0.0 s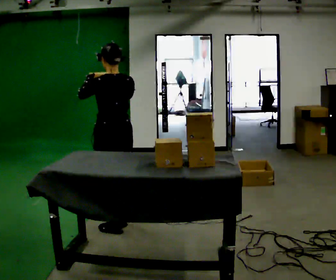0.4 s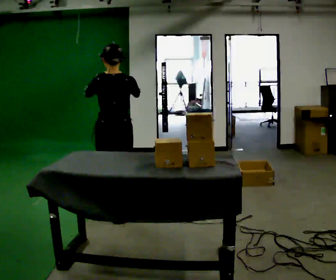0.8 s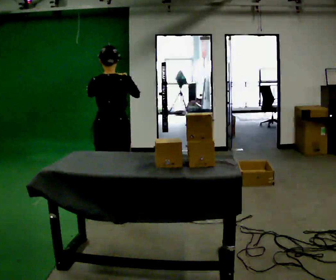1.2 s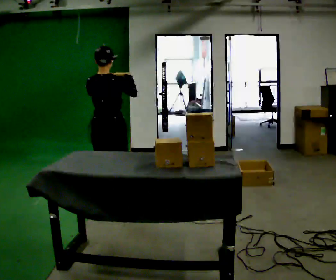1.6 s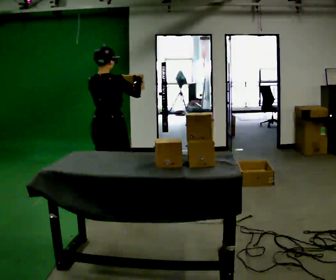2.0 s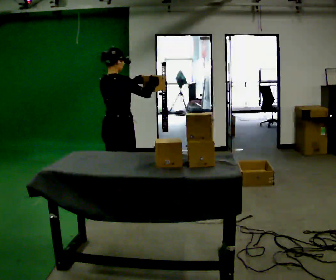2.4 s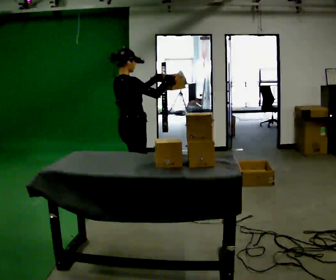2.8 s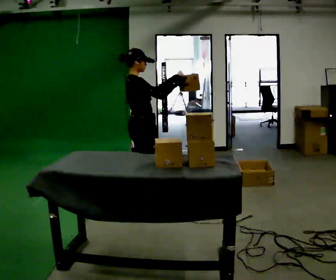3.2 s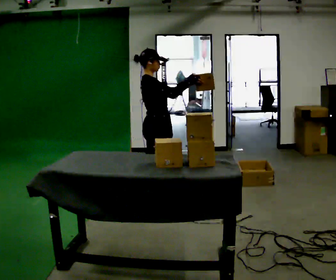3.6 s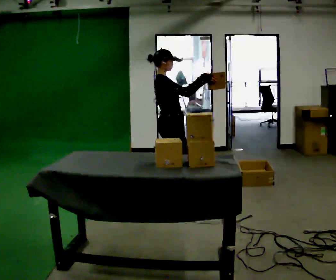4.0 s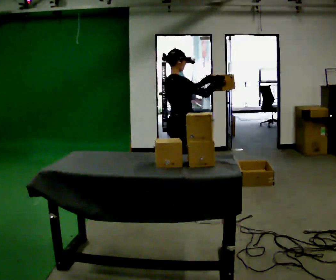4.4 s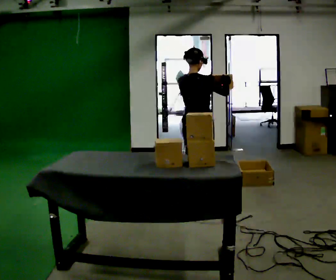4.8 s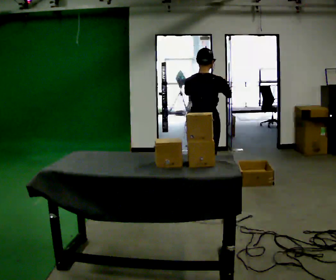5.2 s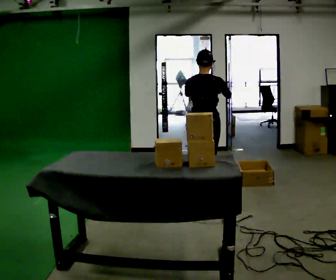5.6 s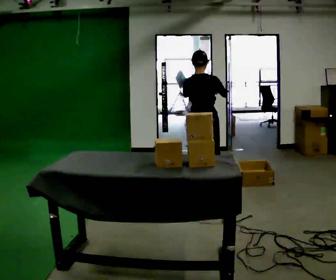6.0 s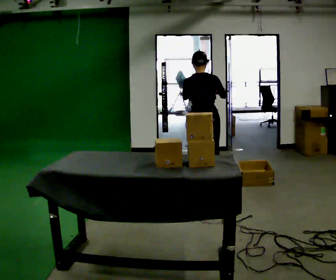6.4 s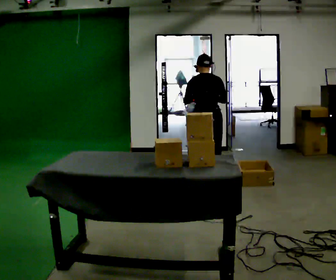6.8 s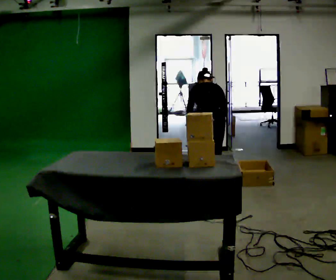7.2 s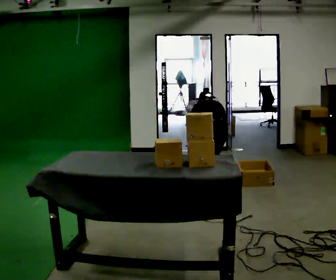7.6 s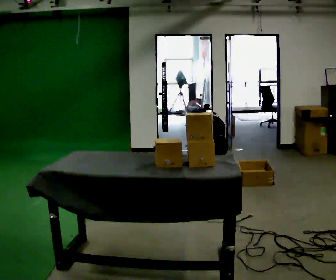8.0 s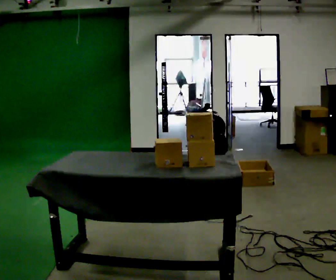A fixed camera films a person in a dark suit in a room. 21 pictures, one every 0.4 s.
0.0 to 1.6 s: Seen from above the body turns clockwise, about 45 degrees: to their right, with its near side sliding to the left. In the picture they go away from the camera, about 0.5 m in 1 step, which for them is forward.
1.6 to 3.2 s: Seen from above the body turns clockwise, about 75 degrees: to their right, with its near side sliding to the left. In the picture they go to the right and away from the camera, about 0.5 m in 2 steps.
3.2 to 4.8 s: Seen from above the body turns counterclockwise, about 75 degrees: to their left, with its near side sliding to the right. In the picture they go to the right, about 0.5 m in 1 step.
4.8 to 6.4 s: In the picture they go away from the camera, about 0.25 m in 2 steps, which for them is forward. The upper body tips away from the camera, its near side rolling upward, as they bend forward.
6.4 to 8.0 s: The shoulders move downward. The upper body tips away from the camera, its near side rolling upward, as they bend forward. In the picture their right hand goes downward.
The film runs forward here.
